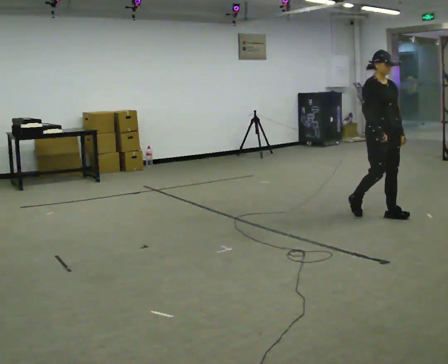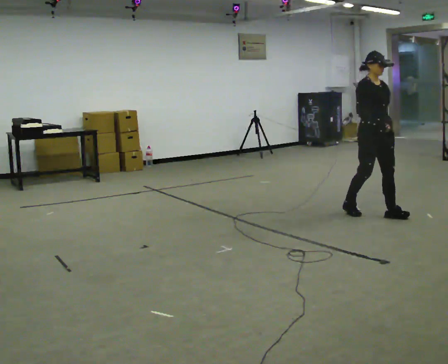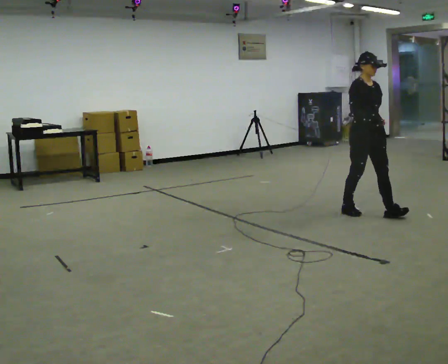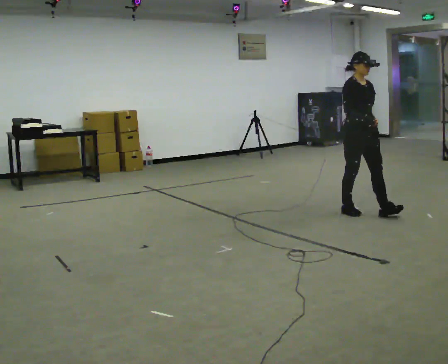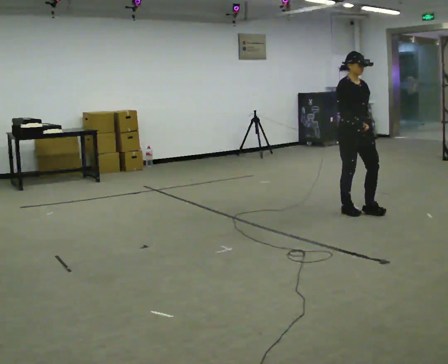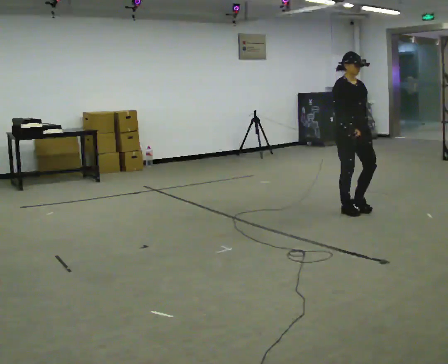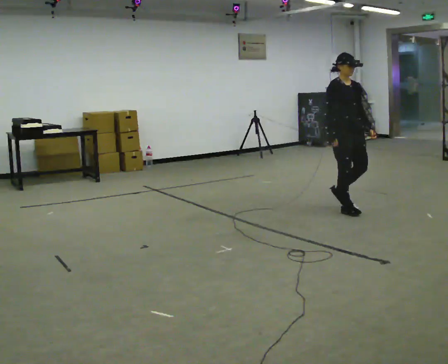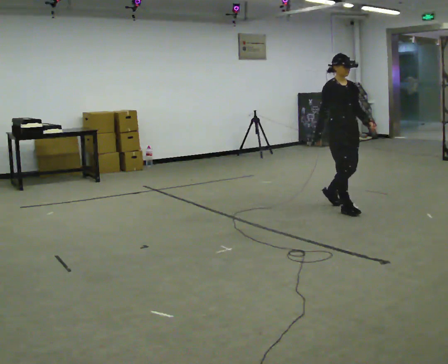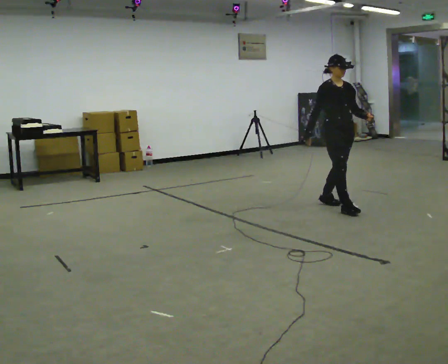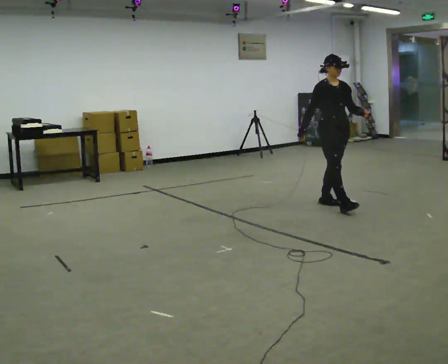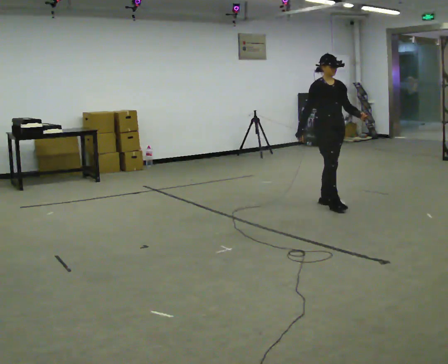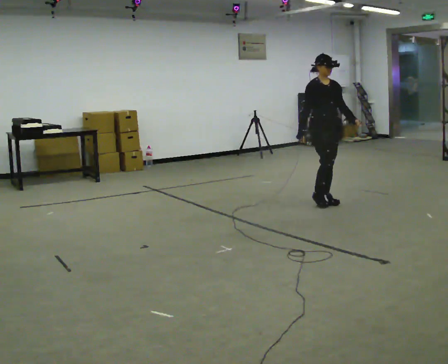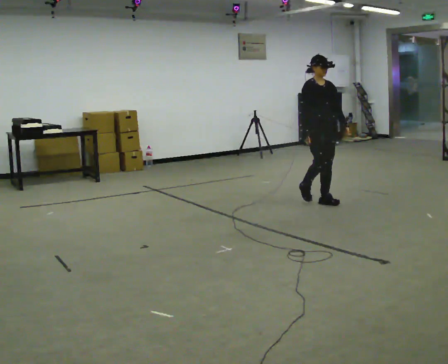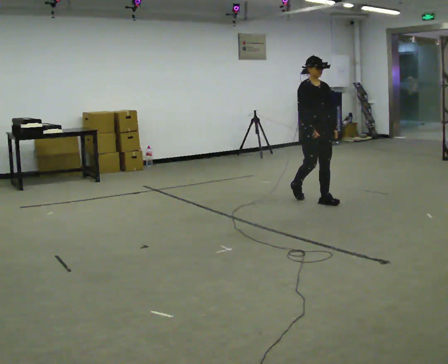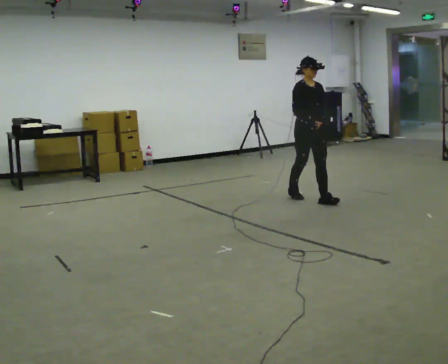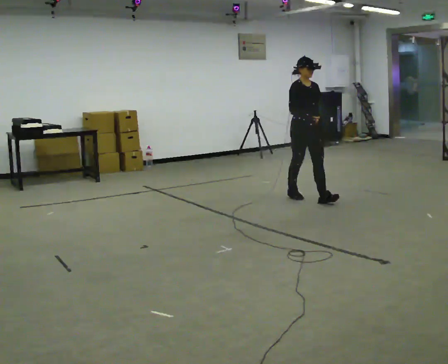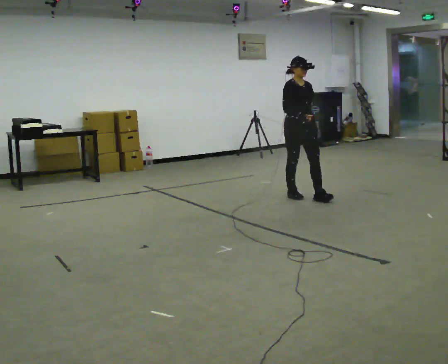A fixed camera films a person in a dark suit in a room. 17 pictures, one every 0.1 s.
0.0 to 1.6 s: In the picture they go to the left and away from the camera, about 1 m in 3 steps, which for them is backward.
The film runs backward here.
